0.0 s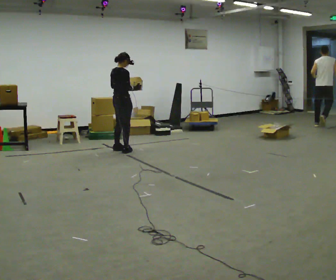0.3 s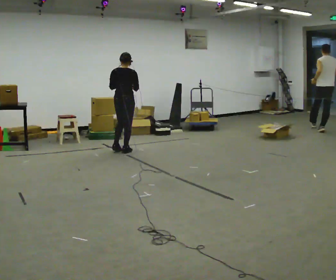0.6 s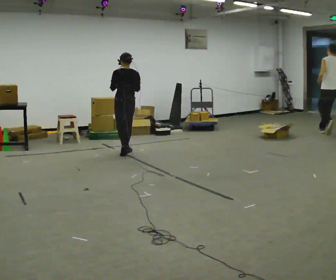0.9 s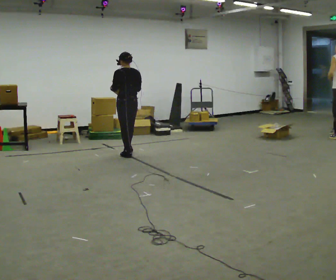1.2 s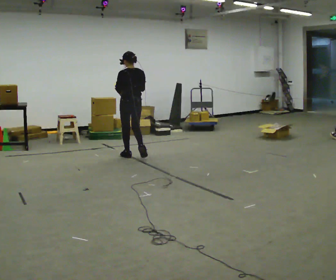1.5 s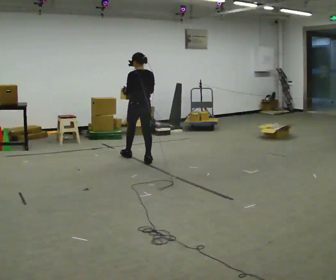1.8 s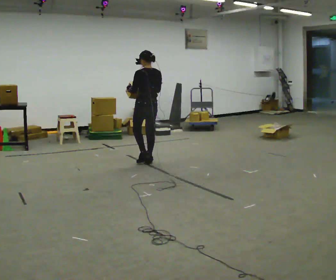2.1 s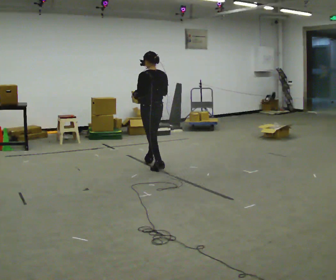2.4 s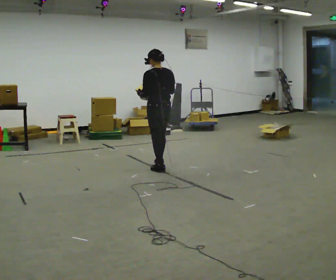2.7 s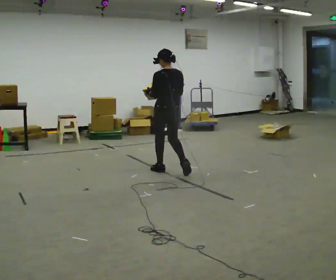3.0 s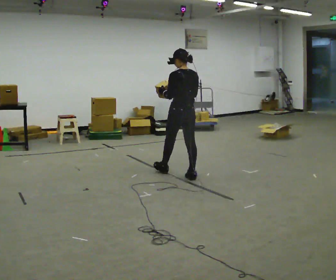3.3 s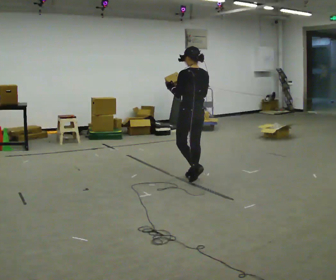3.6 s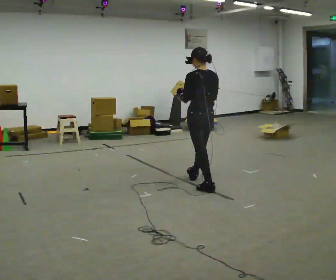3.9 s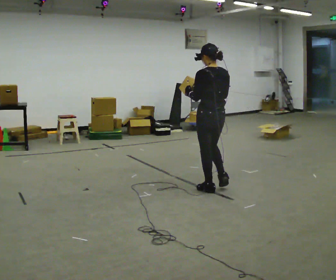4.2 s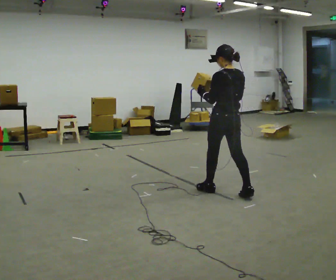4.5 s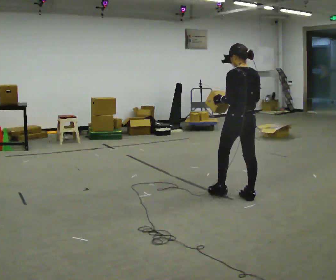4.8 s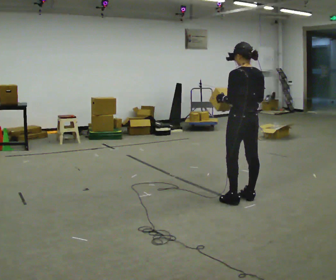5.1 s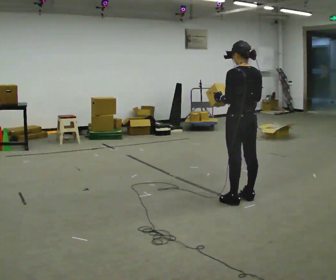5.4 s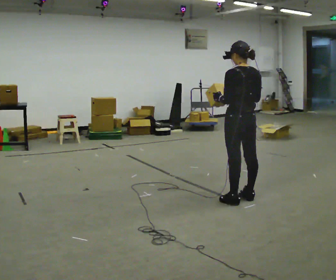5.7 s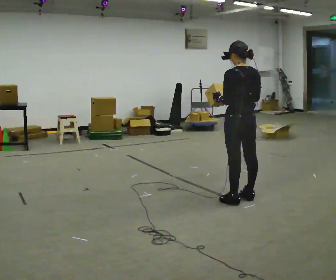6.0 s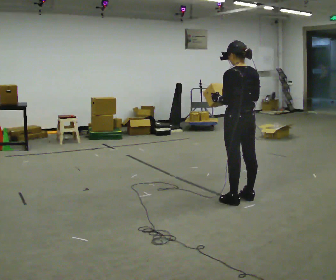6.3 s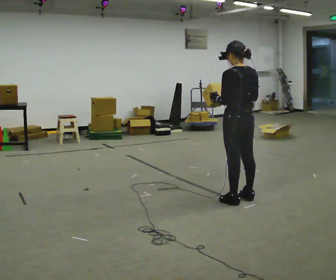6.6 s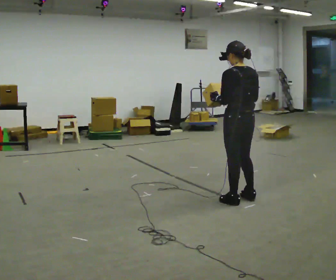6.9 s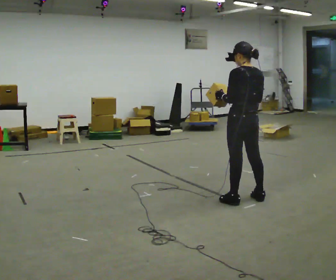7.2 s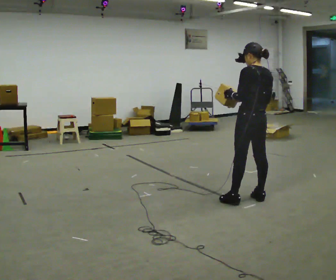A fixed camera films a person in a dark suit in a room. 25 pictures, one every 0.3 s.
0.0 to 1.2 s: The person turns about 90 degrees to their left, counterclockwise seen from above, so the part of the body nearest the lens slides to the right. In the picture they go toward the camera and to the right, about 0.5 m in 2 steps.
1.2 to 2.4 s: In the picture they go toward the camera and to the right, about 1 m in 2 steps, which for them is backward.
2.4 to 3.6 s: In the picture they go toward the camera and to the right, about 1 m in 1 step, which for them is backward.
3.6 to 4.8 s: In the picture they go to the right and toward the camera, about 0.75 m in 2 steps, which for them is backward.
4.8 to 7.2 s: The person moves a little, or ends about where they began.
The film runs backward here.
